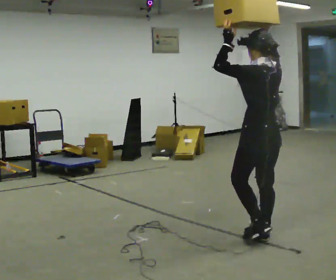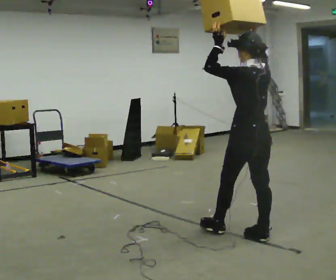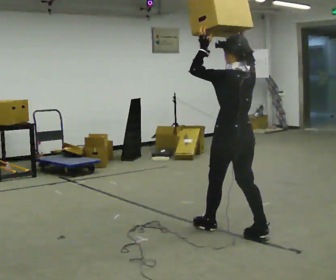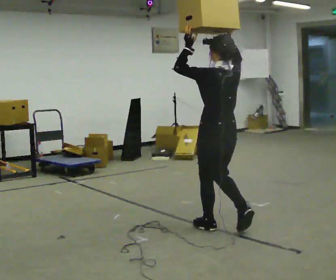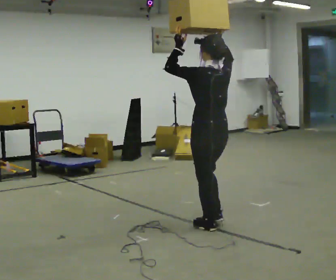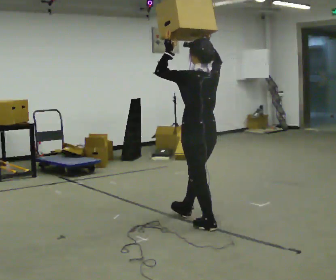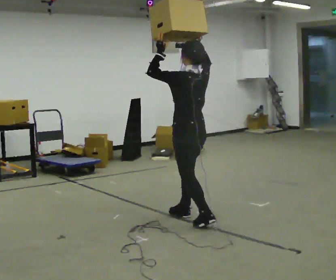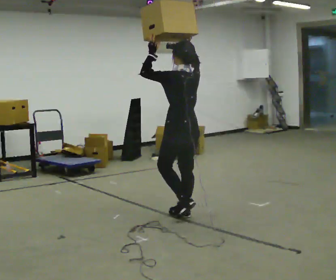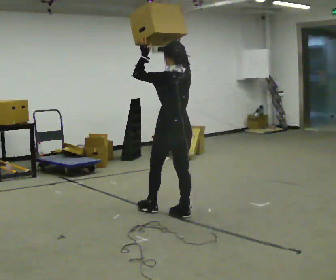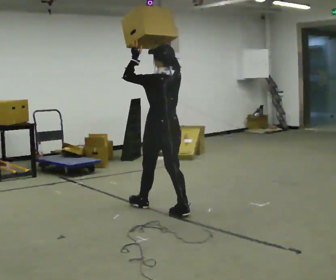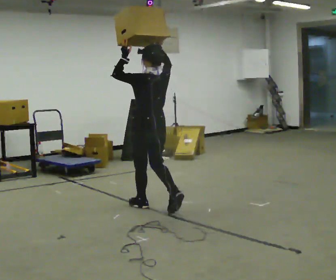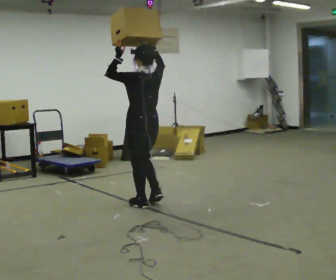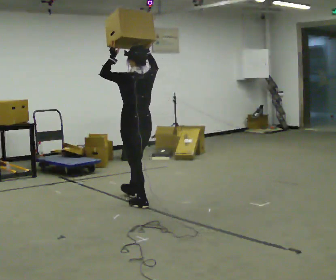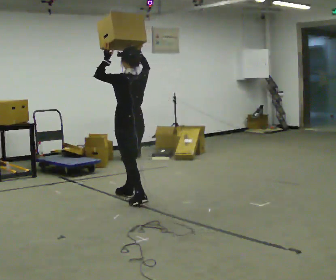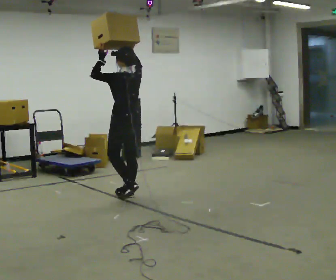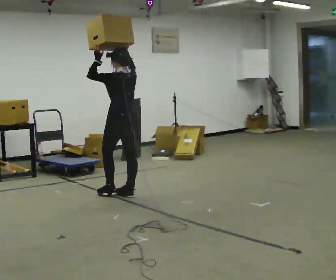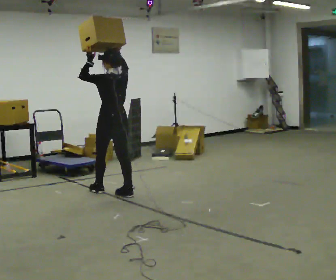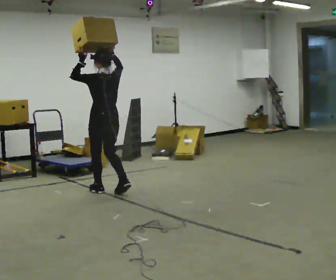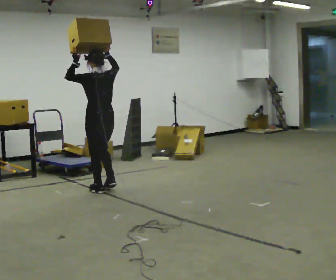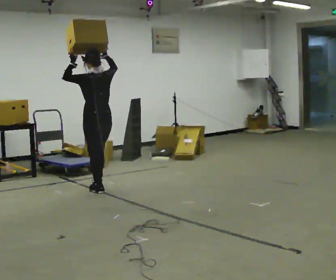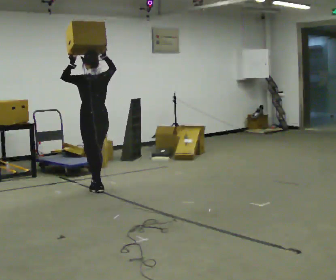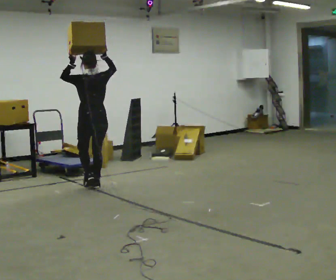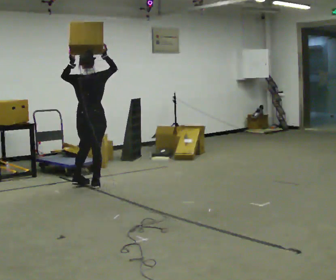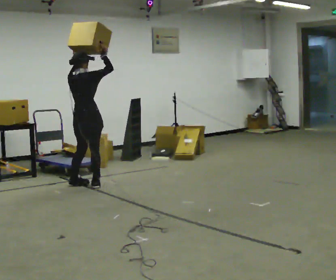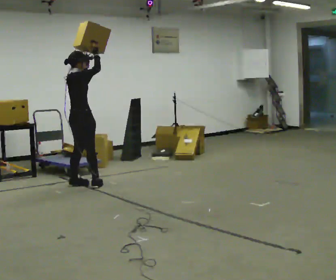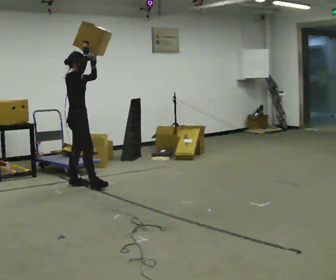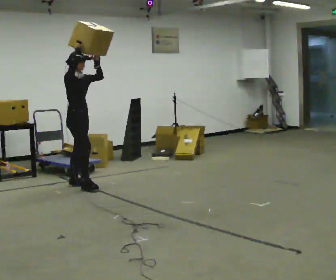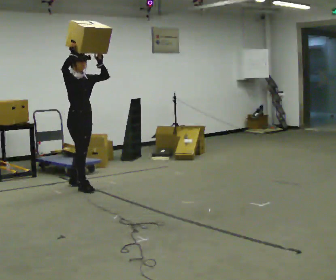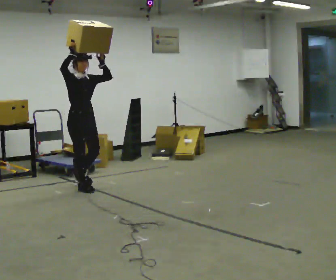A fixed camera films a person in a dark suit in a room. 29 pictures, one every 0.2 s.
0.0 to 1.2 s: In the picture they go away from the camera and to the left, about 1 m in 2 steps, which for them is forward.
1.2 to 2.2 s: In the picture they go away from the camera and to the left, about 0.75 m in 1 step, which for them is forward.
2.2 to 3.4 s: In the picture they go away from the camera and to the left, about 0.5 m in 2 steps, which for them is forward.
3.4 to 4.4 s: The part of the body nearest the lens slides to the left as the person turns to their right by about 45 degrees. In the picture they go away from the camera and to the left, about 0.25 m in 1 step, which for them is forward.
4.4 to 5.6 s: Seen from above the body turns clockwise, about 120 degrees: to their right, with its near side sliding to the left. In the picture they go toward the camera, about 0.25 m in 2 steps. The upper body tips away from the camera, its near side rolling upward. In the picture their left hand goes to the right.
The film runs forward here.
